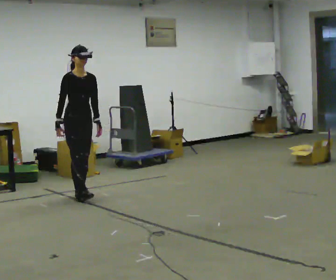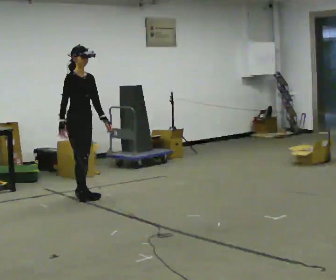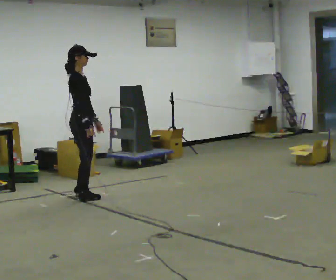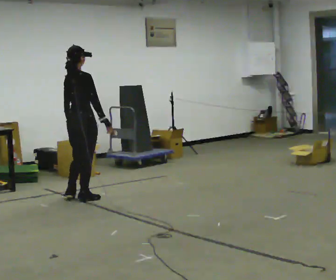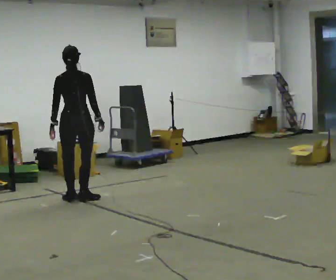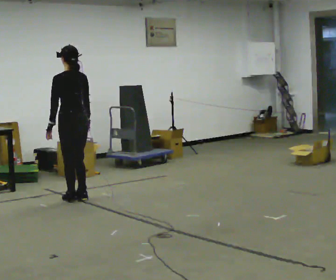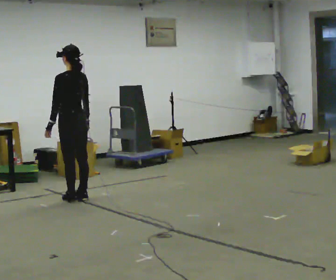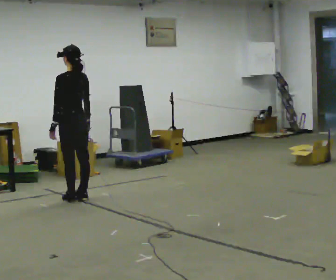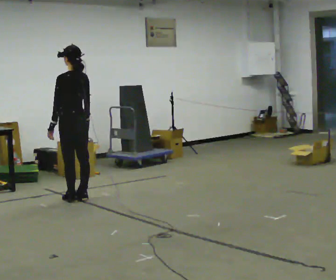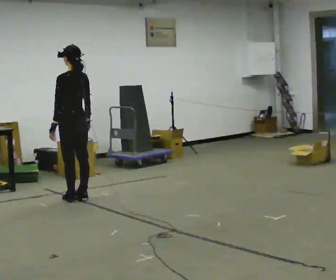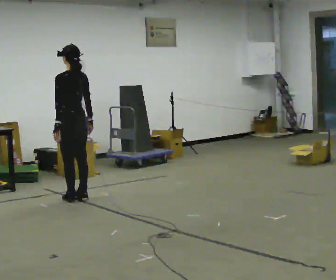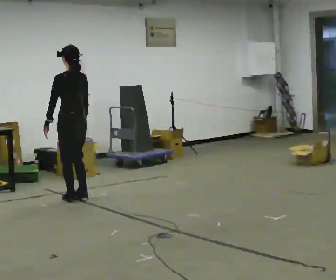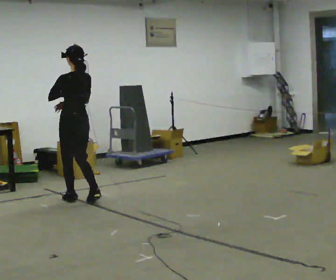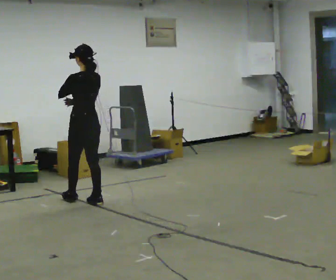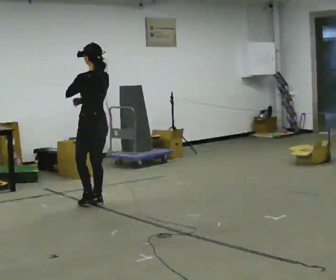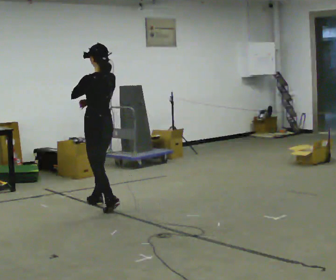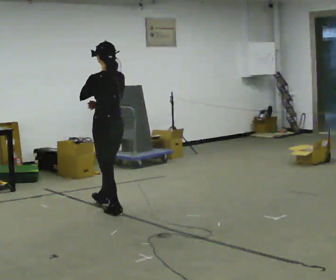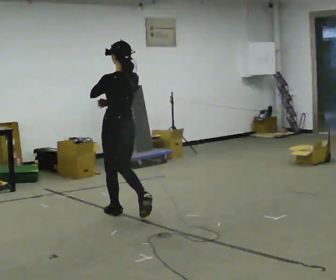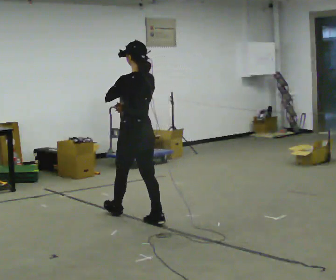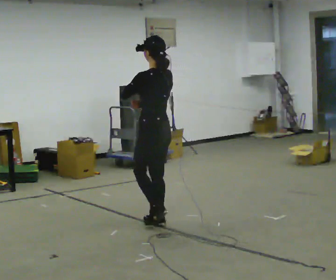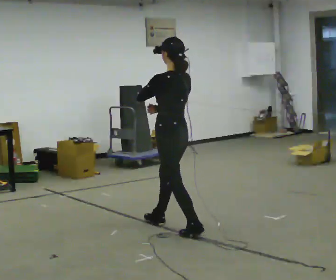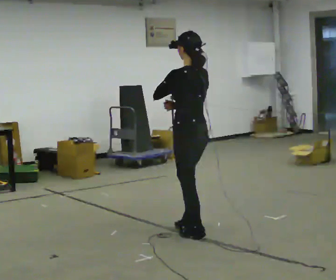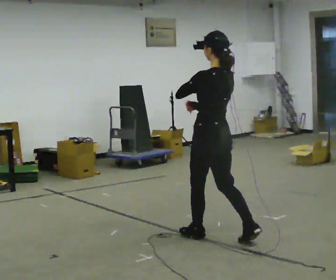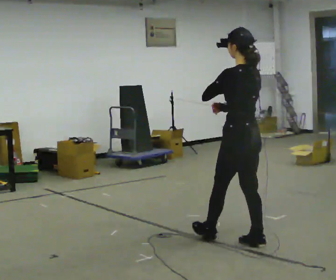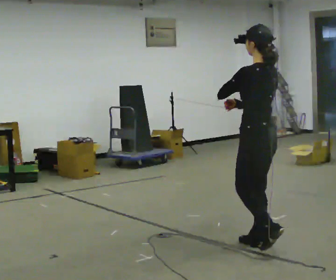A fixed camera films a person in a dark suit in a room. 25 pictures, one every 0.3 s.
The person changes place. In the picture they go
toward the camera.
0.0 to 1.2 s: The part of the body nearest the lens slides to the right as the person turns to their left by about 135 degrees. In the picture they go toward the camera, about 0.25 m in 1 step. In the picture their right hand goes to the right, the arm swinging counterclockwise.
1.2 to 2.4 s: The part of the body nearest the lens slides to the right as the person turns to their left by about 60 degrees.
2.4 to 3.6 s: The person moves a little, or ends about where they began.
3.6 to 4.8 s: In the picture they go toward the camera and to the right, about 0.5 m in 2 steps, which for them is backward.
4.8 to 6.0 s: In the picture they go toward the camera and to the right, about 1 m in 1 step, which for them is backward.
6.0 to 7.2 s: In the picture they go toward the camera and to the right, about 1 m in 2 steps, which for them is backward.
The film runs backward here.
